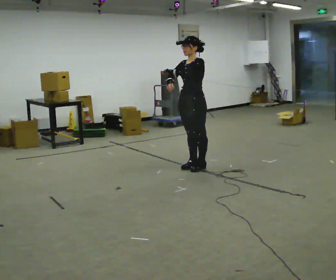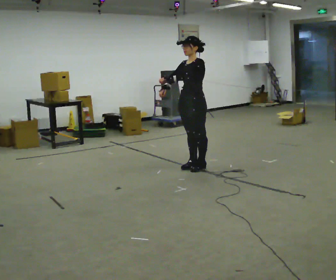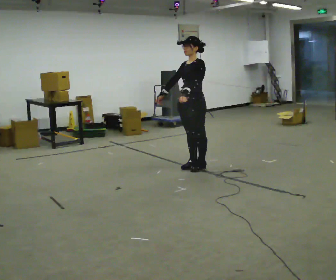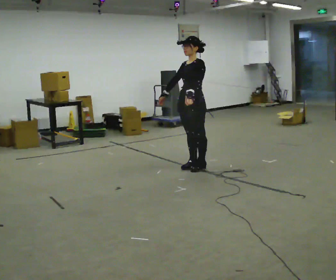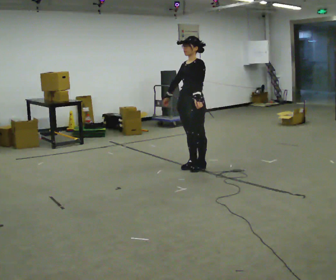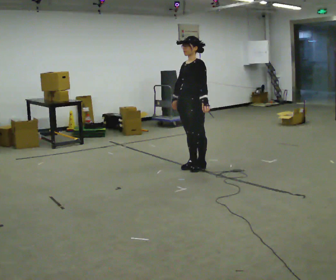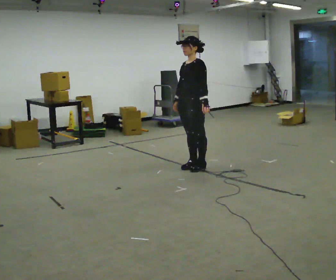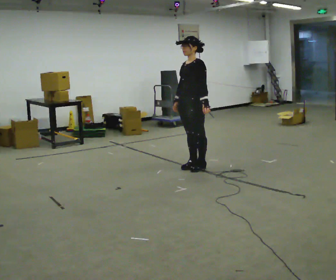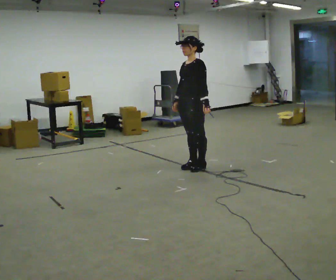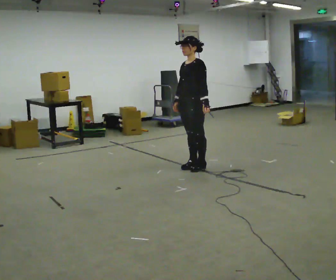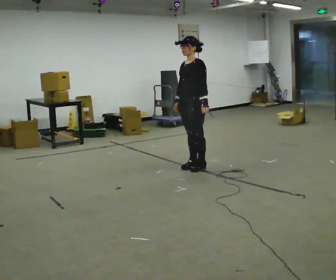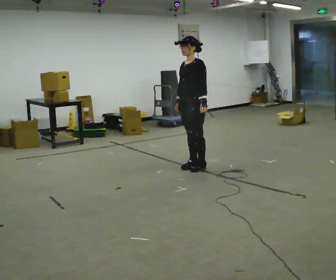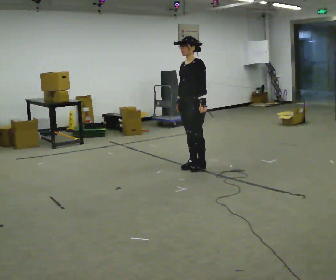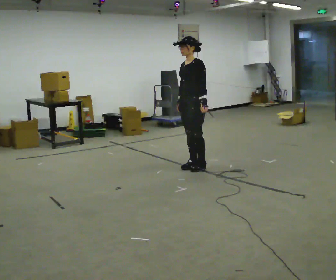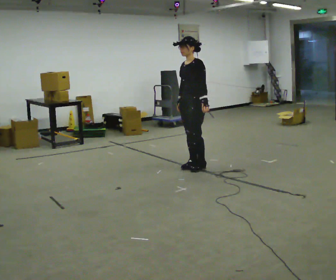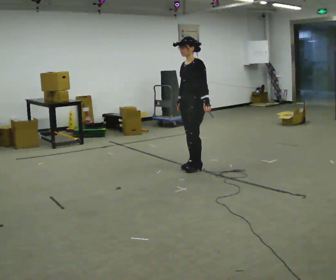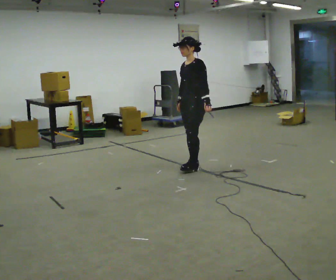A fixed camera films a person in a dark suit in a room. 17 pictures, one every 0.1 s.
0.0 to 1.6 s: In the picture their left hand goes to the right and downward.
The film runs backward here.
